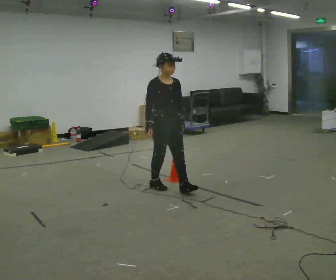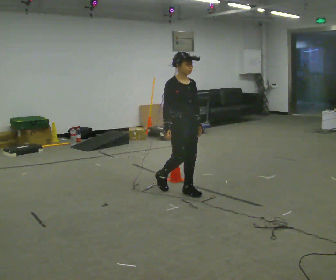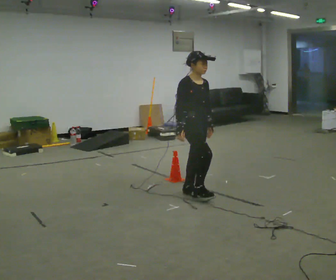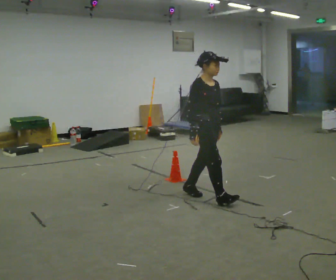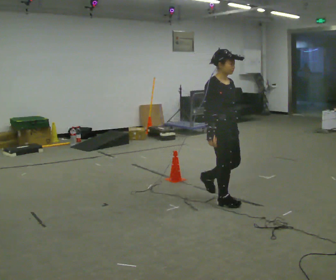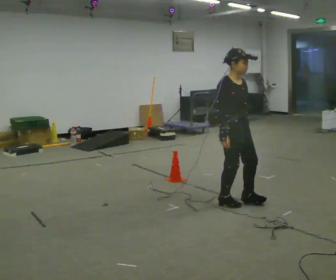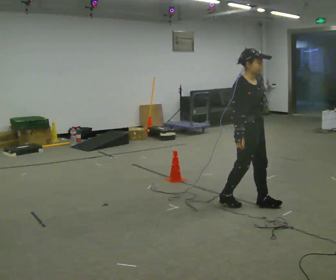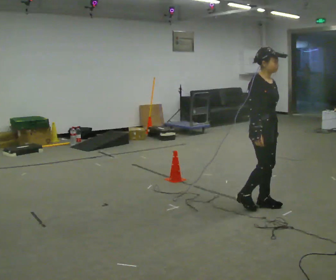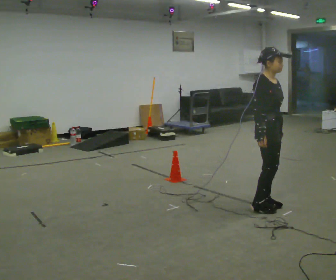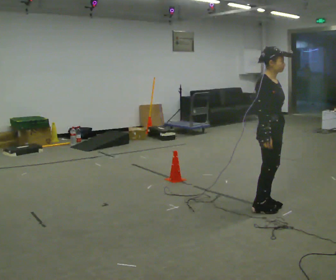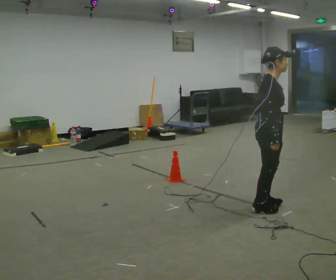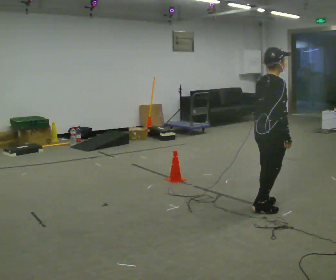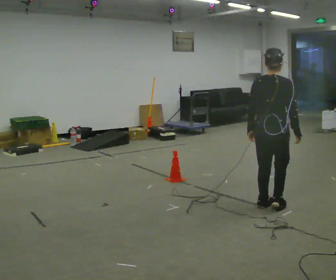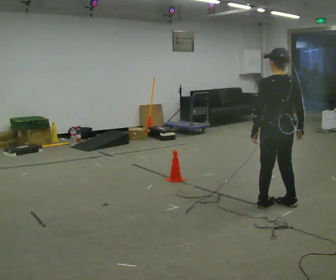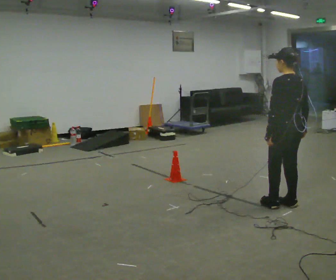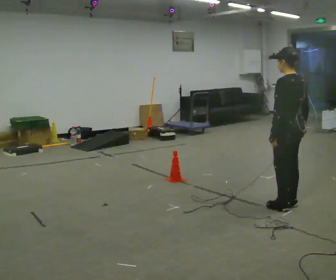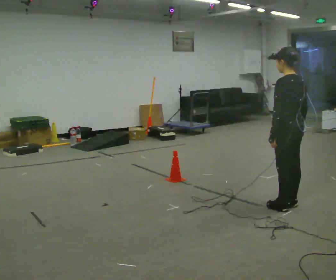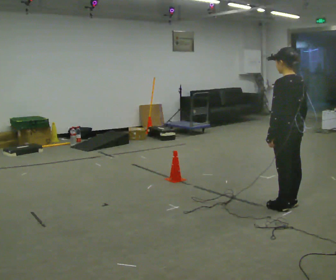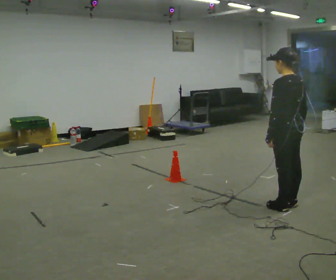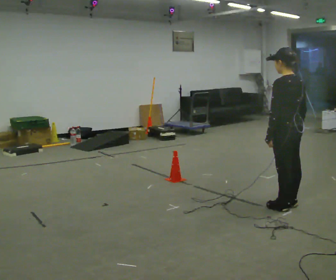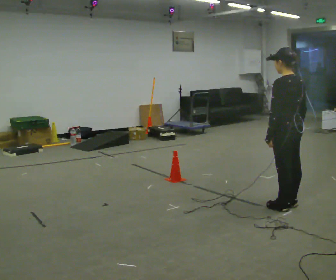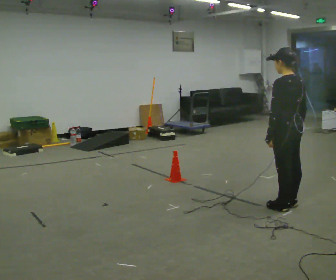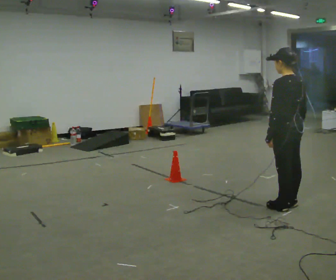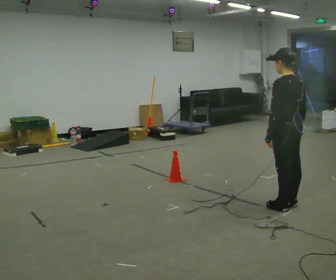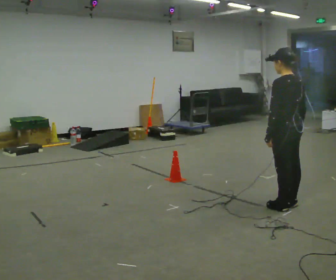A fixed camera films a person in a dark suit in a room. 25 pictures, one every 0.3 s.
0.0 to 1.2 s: In the picture they go to the right and toward the camera, about 0.5 m in 2 steps, which for them is forward.
1.2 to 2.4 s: In the picture they go to the right, about 0.5 m in 2 steps, which for them is forward.
2.4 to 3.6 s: Seen from above the body turns counterclockwise, about 90 degrees: to their left, with its near side sliding to the right. In the picture their right hand goes to the right.
3.6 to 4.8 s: Seen from above the body turns counterclockwise, about 75 degrees: to their left, with its near side sliding to the right. In the picture they go to the right, about 0.25 m in 2 steps.
4.8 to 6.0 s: The person moves a little, or ends about where they began.
6.0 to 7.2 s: The person keeps their place and pose.
The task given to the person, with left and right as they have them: Walk toward obstacle; alter path to avoid it; continue toward original destination.
The film runs forward here.
